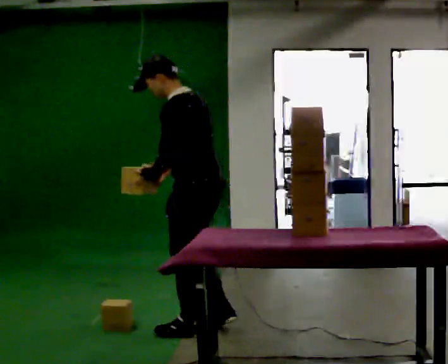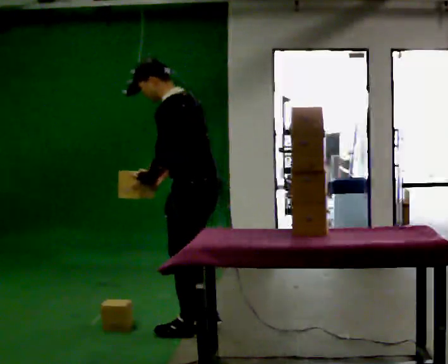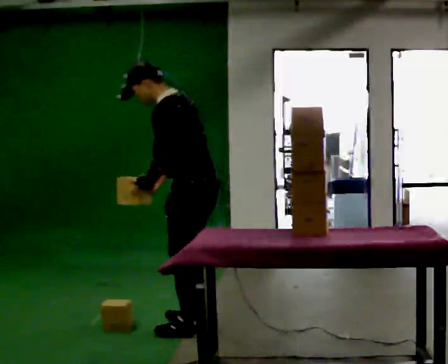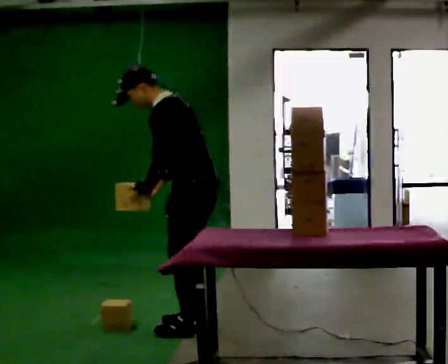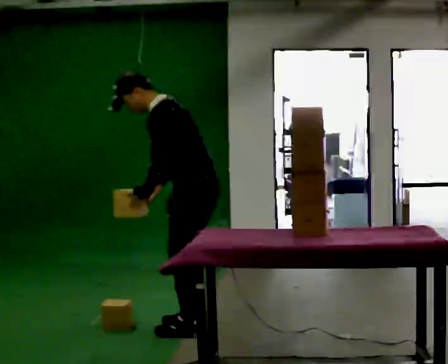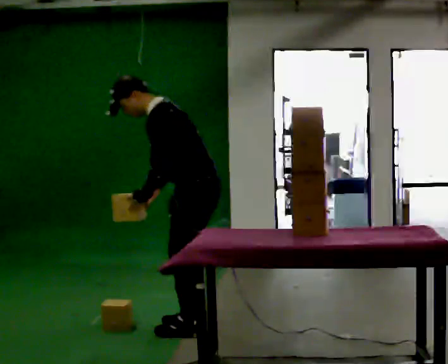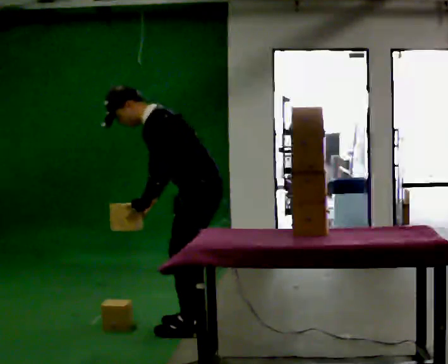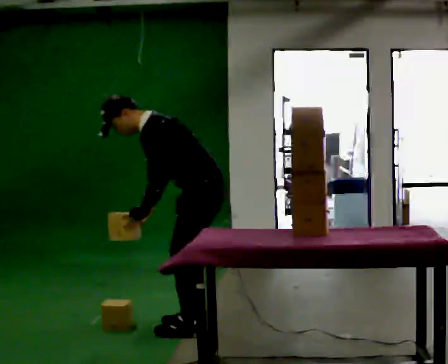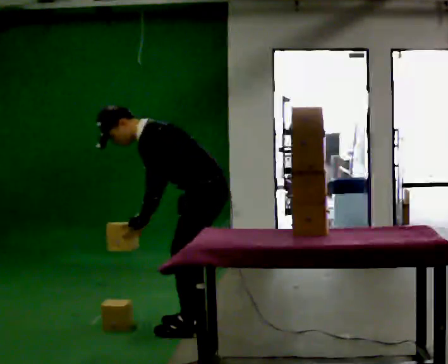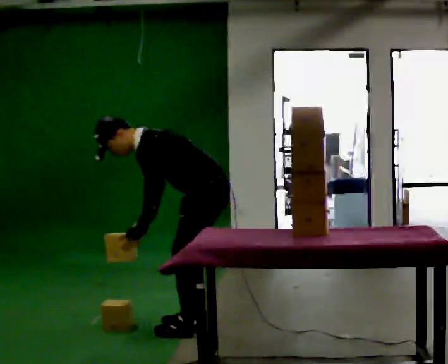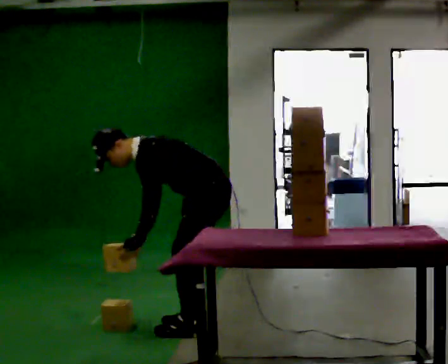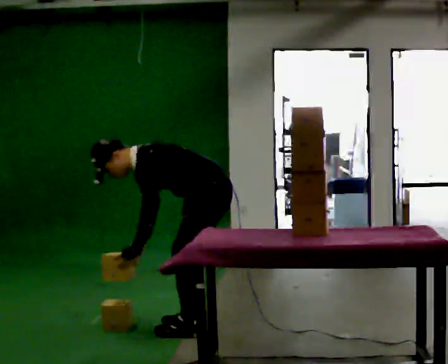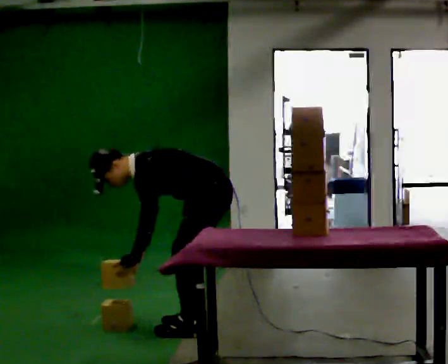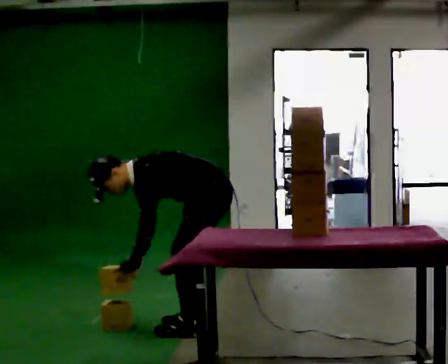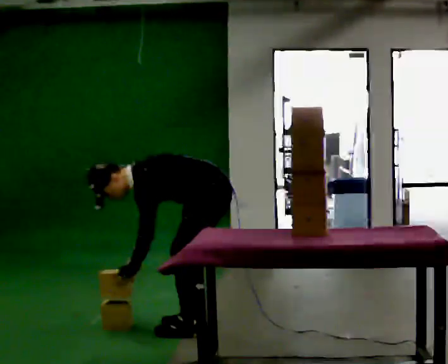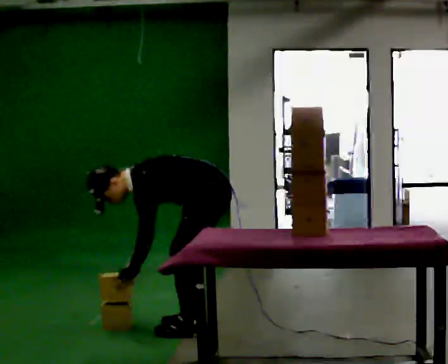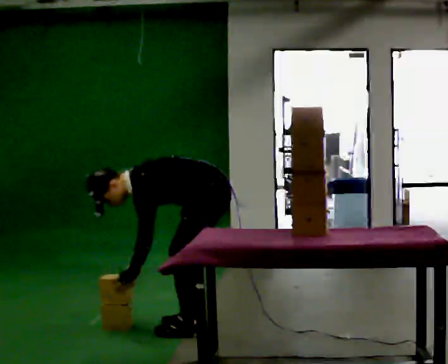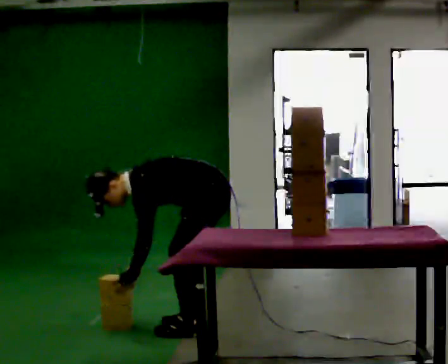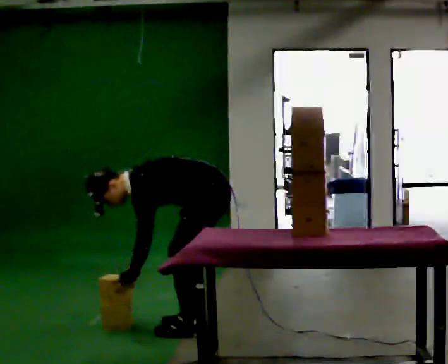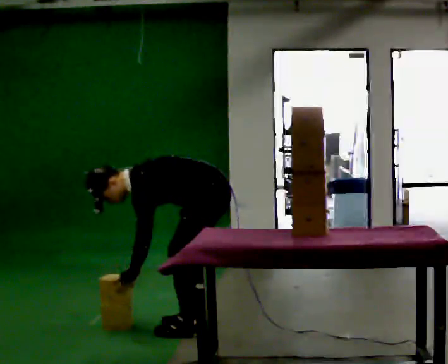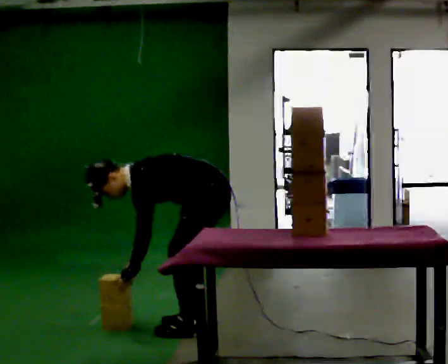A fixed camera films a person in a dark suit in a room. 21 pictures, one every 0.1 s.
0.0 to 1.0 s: The shoulders move downward. In the picture the upper body tilts counterclockwise, shoulders to the left, as they bend forward. In the picture their left hand goes downward.
1.0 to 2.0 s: The person moves a little, or ends about where they began.
The film runs forward here.
